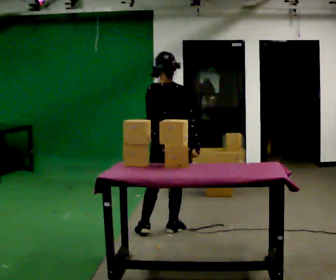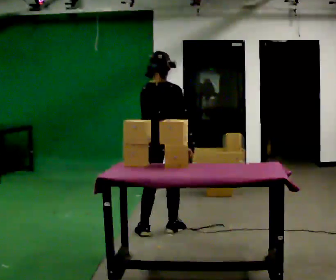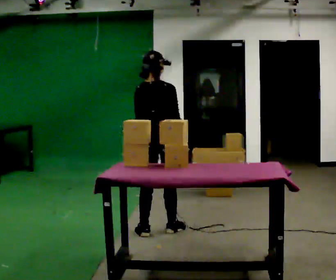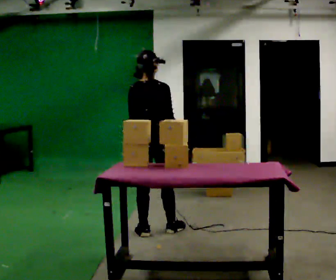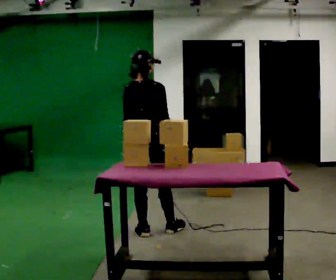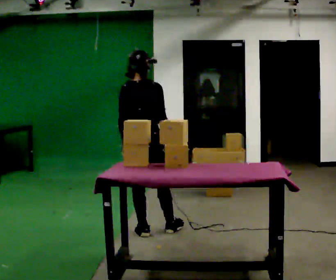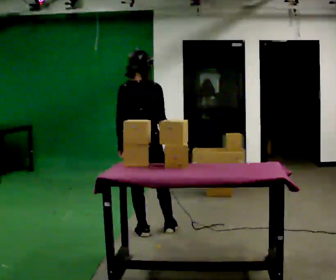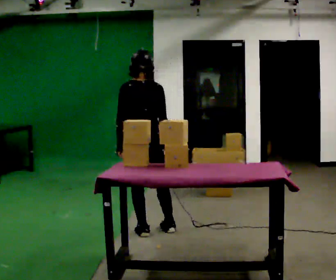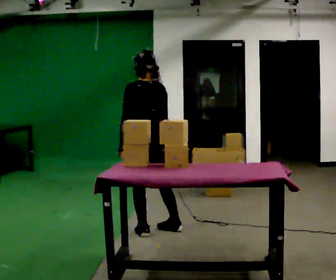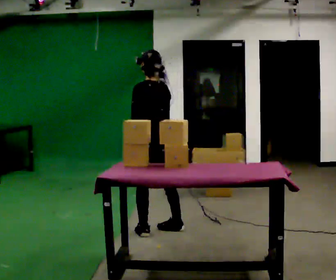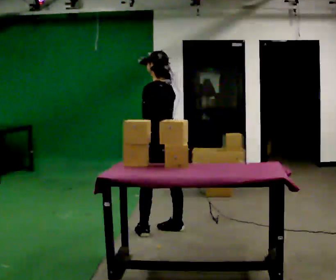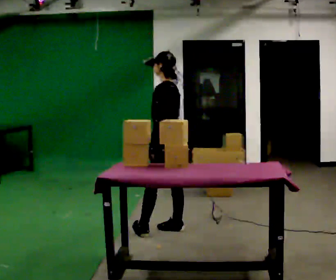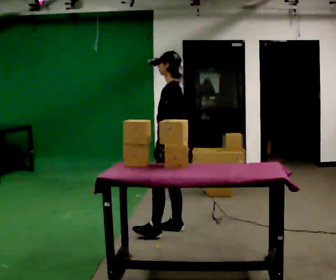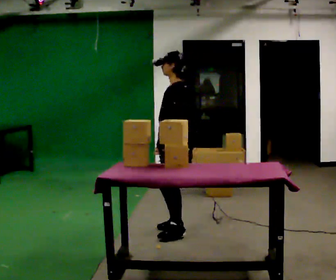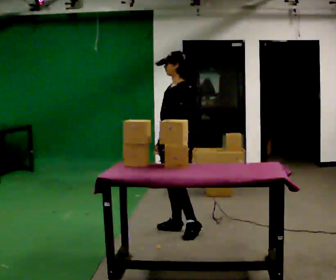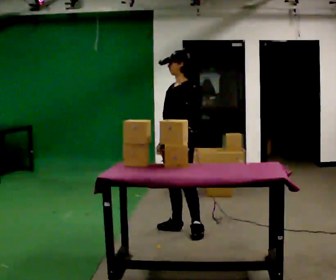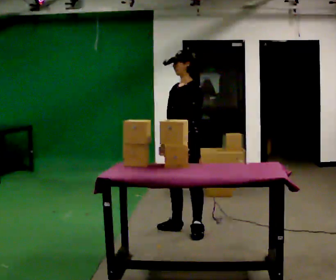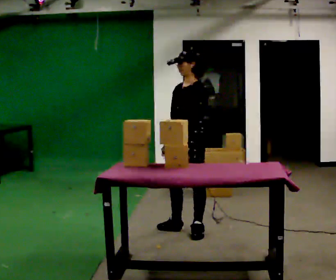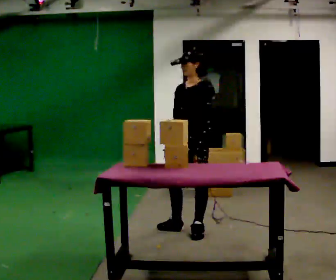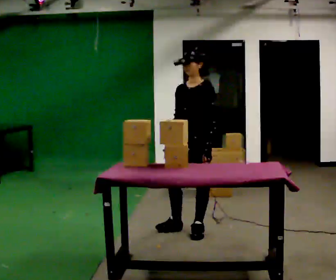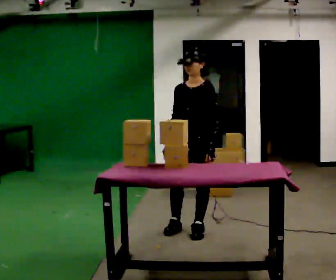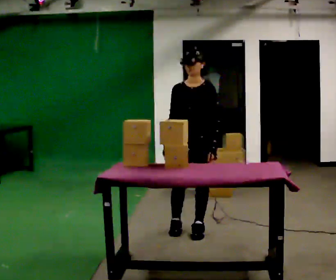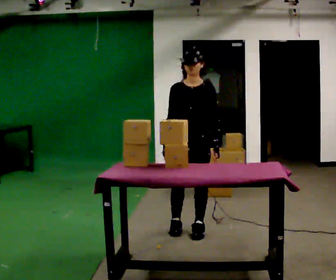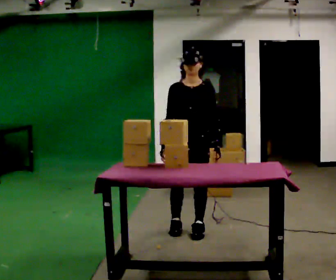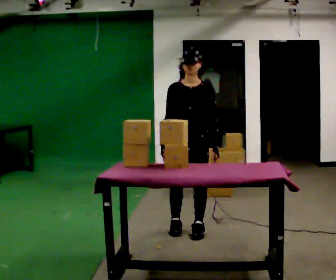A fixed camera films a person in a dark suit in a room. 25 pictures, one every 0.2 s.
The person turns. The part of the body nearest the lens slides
to the right.
The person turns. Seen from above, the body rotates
counterclockwise.
0.0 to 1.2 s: In the picture they go to the left, about 0.25 m, which for them is backward and to their left.
1.2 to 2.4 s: The part of the body nearest the lens slides to the right as the person turns to their left by about 90 degrees. In the picture they go to the right, about 0.25 m in 1 step.
2.4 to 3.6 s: The part of the body nearest the lens slides to the right as the person turns to their left by about 45 degrees. In the picture they go to the right, about 0.25 m, which for them is to their left and backward. In the picture their left hand goes to the right.
3.6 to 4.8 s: The part of the body nearest the lens slides to the right as the person turns to their left by about 45 degrees.
The film runs backward here.
